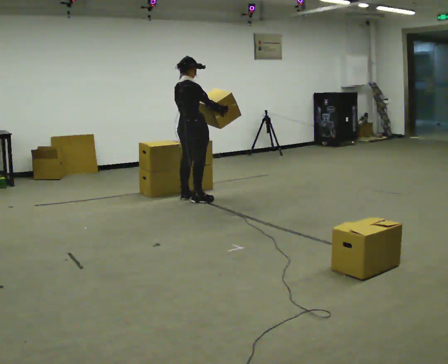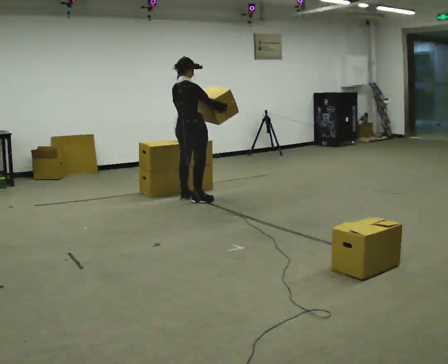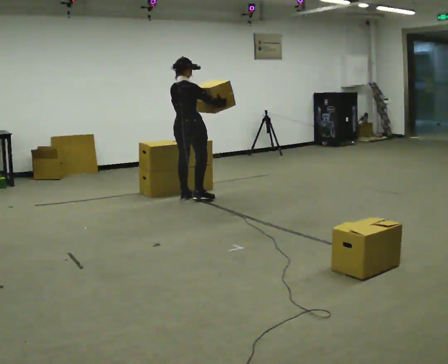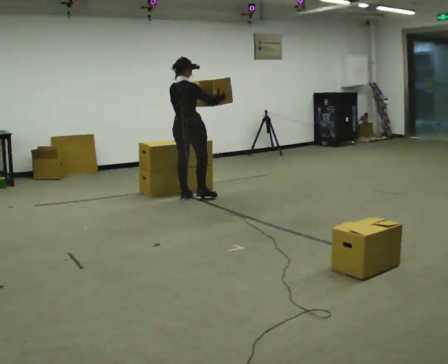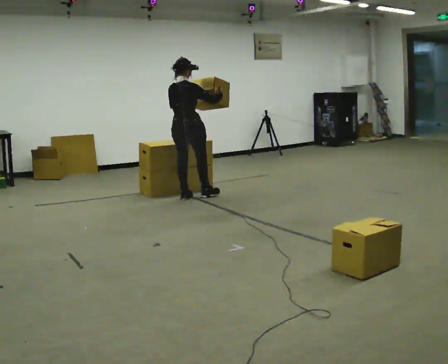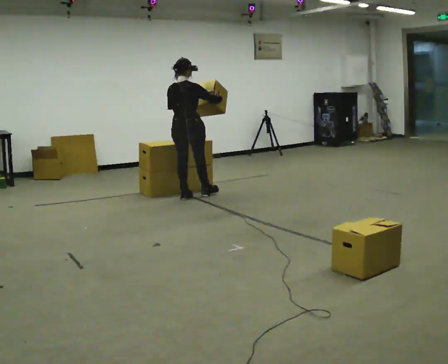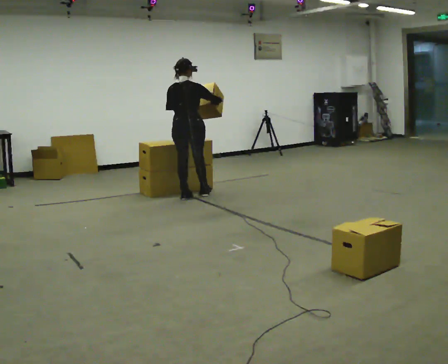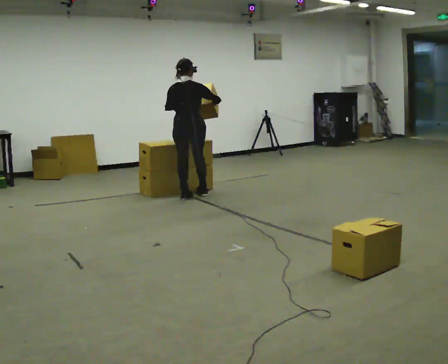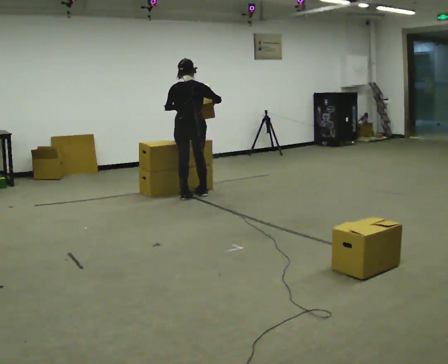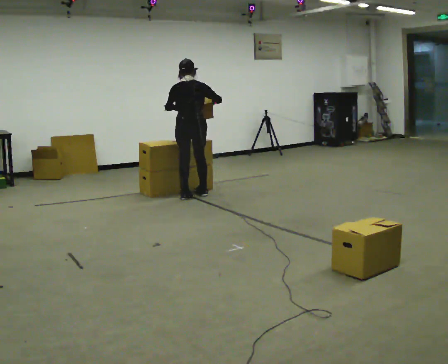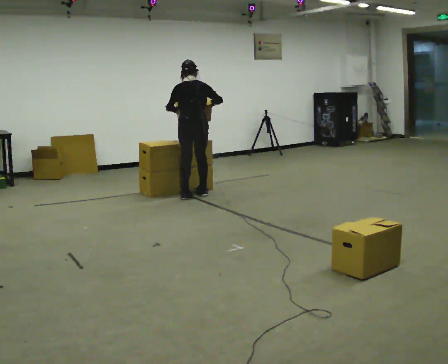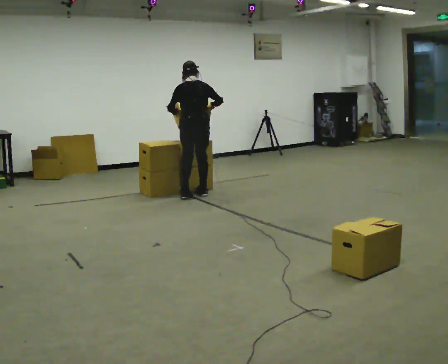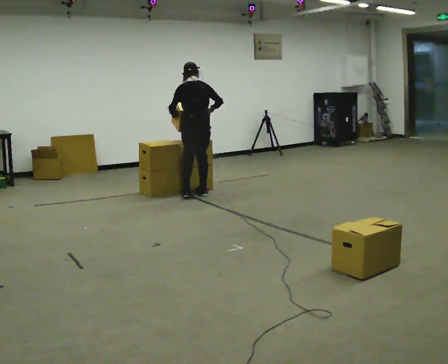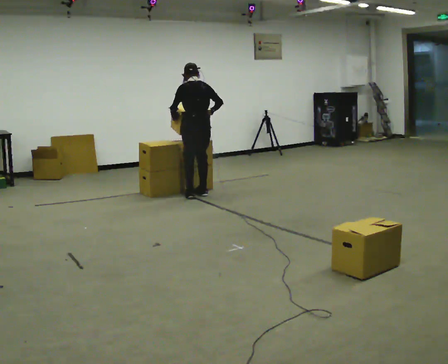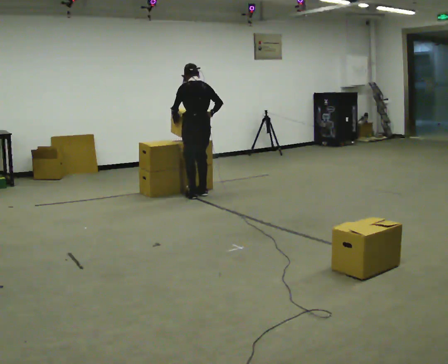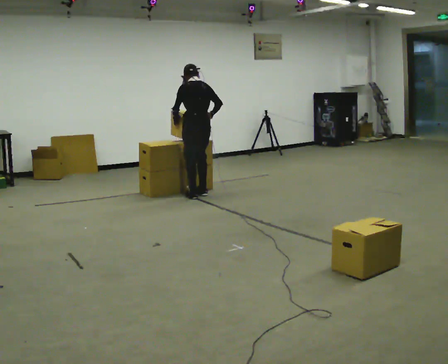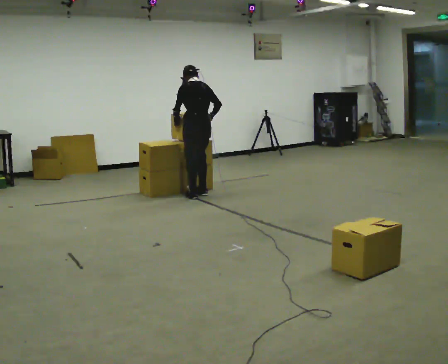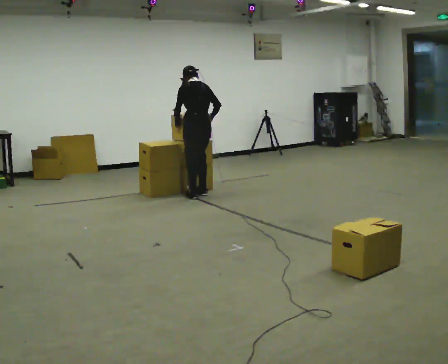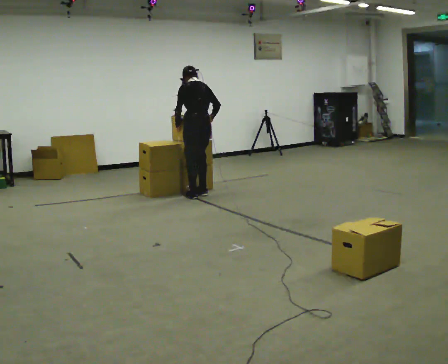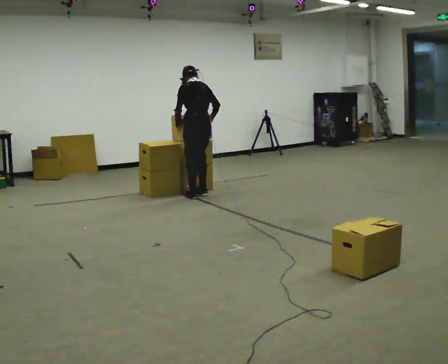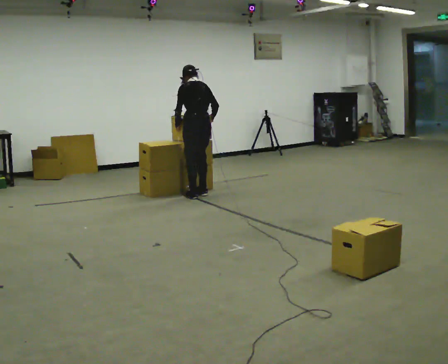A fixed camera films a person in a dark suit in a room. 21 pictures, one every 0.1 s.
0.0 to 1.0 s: Seen from above the body turns counterclockwise, about 60 degrees: to their left, with its near side sliding to the right. In the picture they go away from the camera, about 0.25 m in 1 step, which for them is forward.
1.0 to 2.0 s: The person turns about 30 degrees to their left, counterclockwise seen from above, so the part of the body nearest the lens slides to the right. The upper body tips away from the camera, its near side rolling upward, as they bend forward.
The film runs backward here.
